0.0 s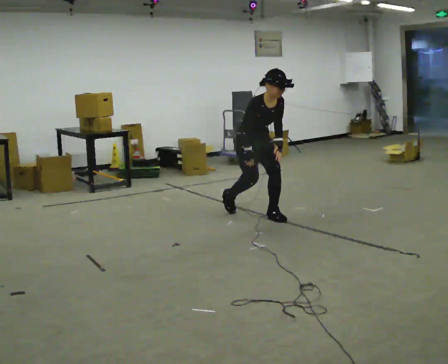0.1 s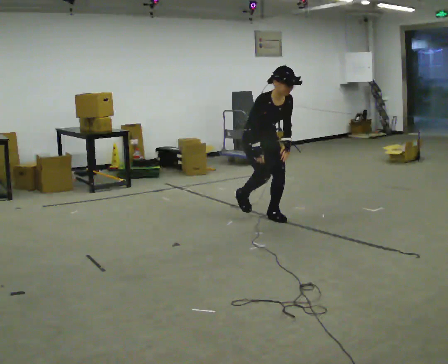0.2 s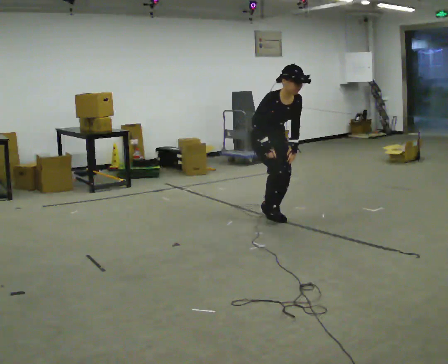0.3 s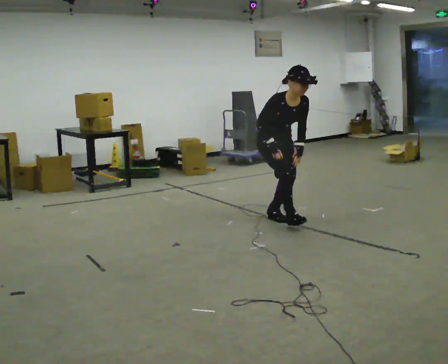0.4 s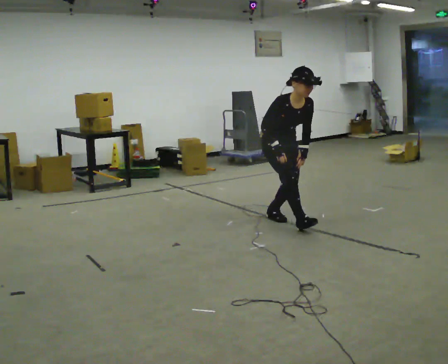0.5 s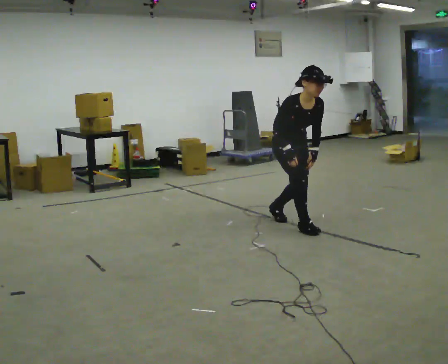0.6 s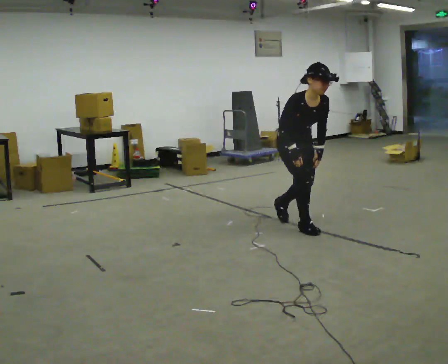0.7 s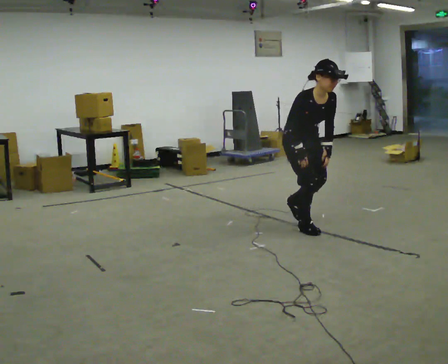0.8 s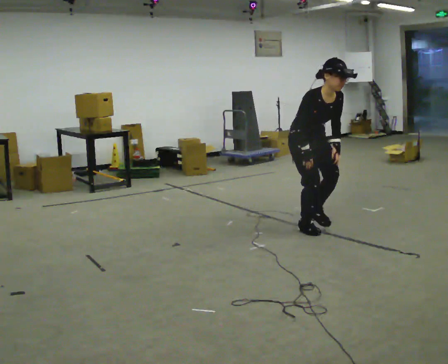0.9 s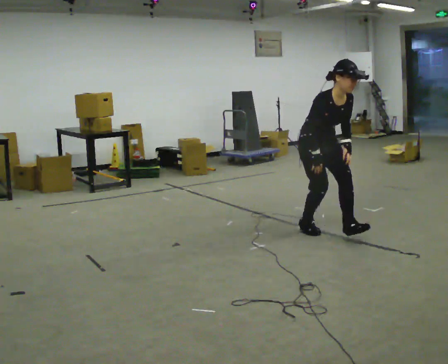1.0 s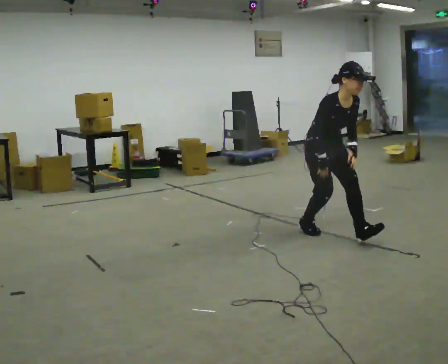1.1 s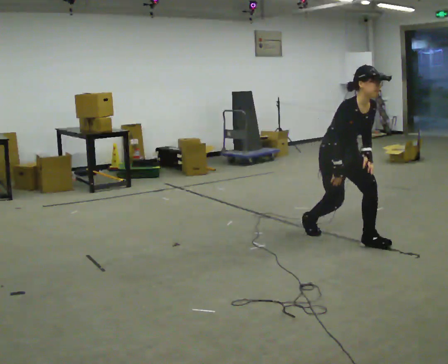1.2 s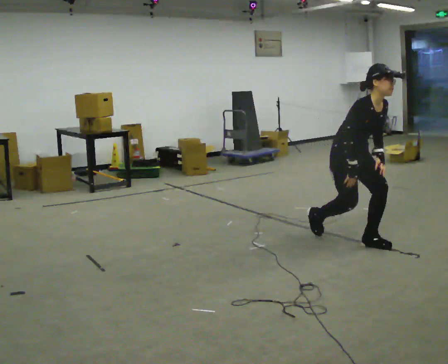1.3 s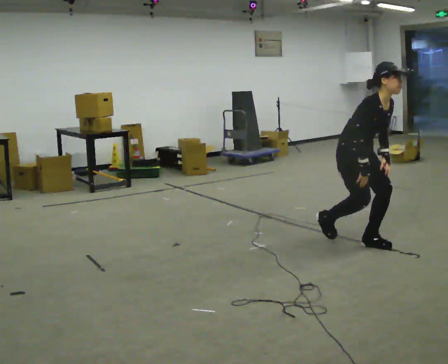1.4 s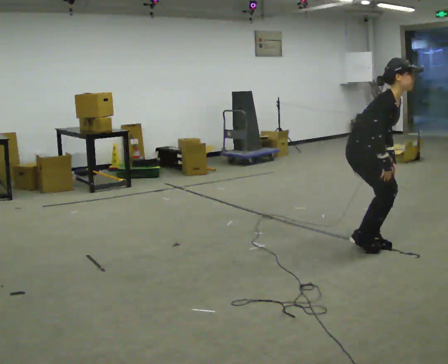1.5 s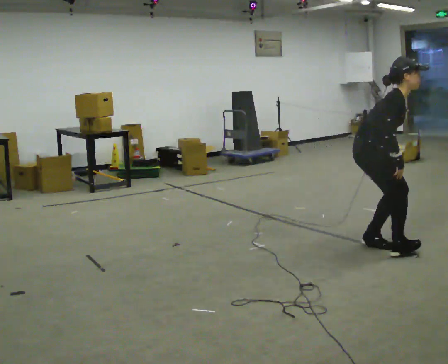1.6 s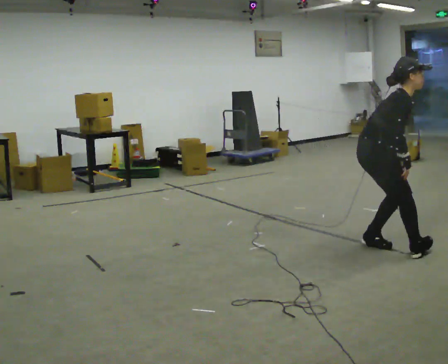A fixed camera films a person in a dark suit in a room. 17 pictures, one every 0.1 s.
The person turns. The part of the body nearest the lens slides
to the right.
The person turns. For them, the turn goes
to their left.
0.0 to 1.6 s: The part of the body nearest the lens slides to the right as the person turns to their left by about 60 degrees. In the picture they go toward the camera and to the right, about 1.5 m in 2 steps. The upper body tips away from the camera, its near side rolling upward.
The film runs forward here.
